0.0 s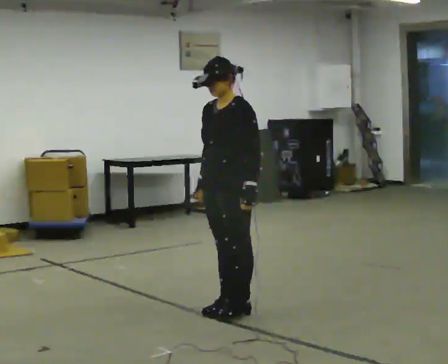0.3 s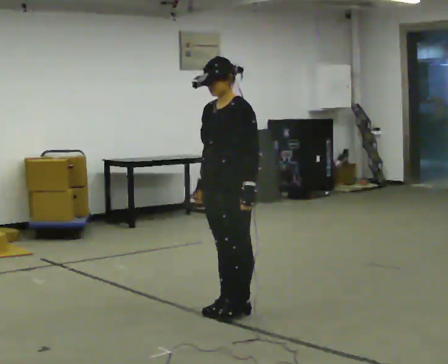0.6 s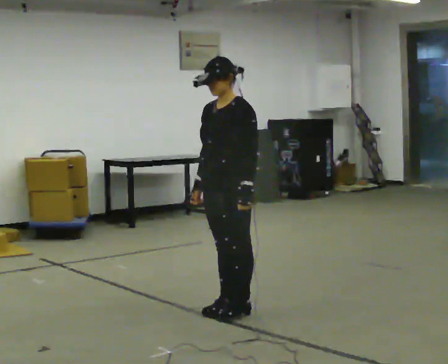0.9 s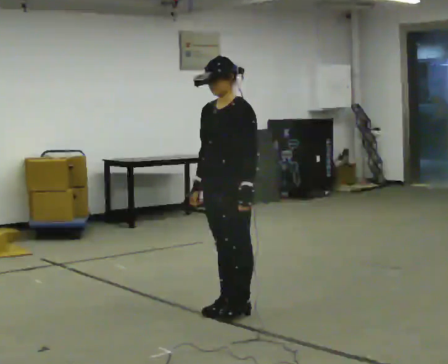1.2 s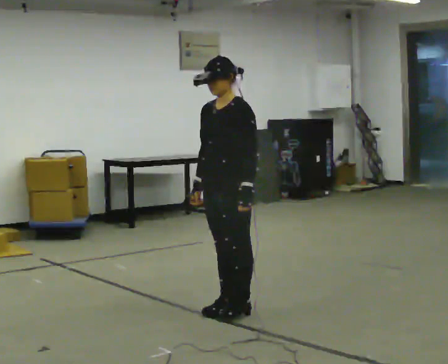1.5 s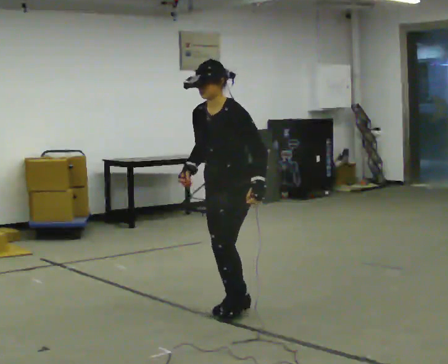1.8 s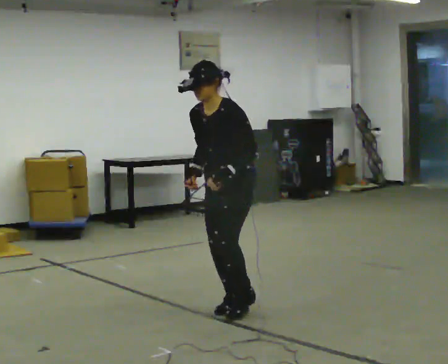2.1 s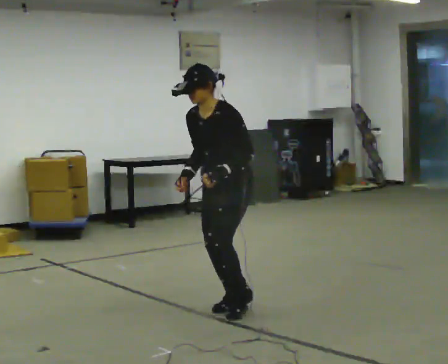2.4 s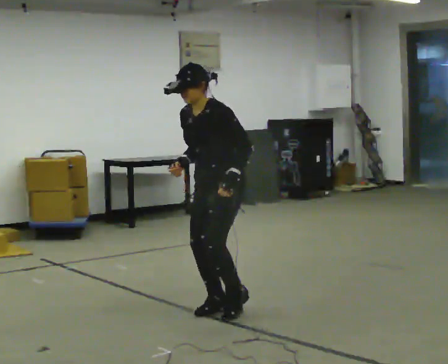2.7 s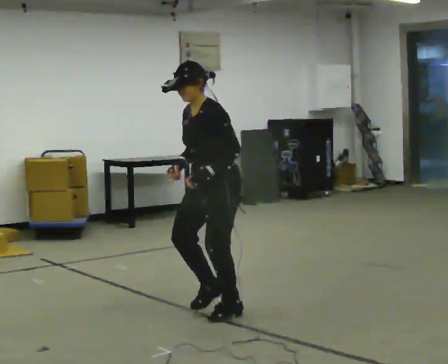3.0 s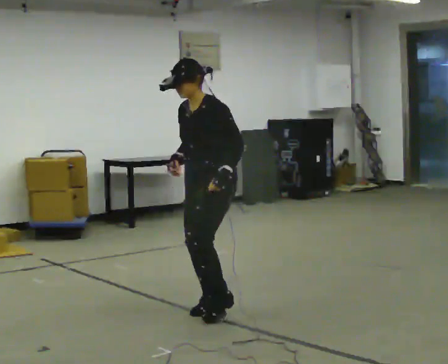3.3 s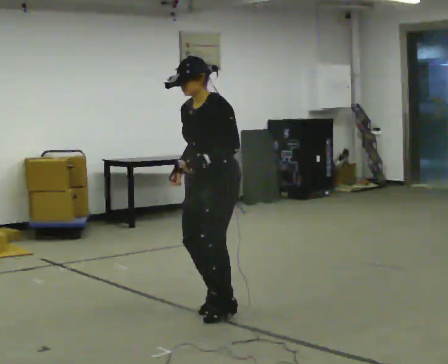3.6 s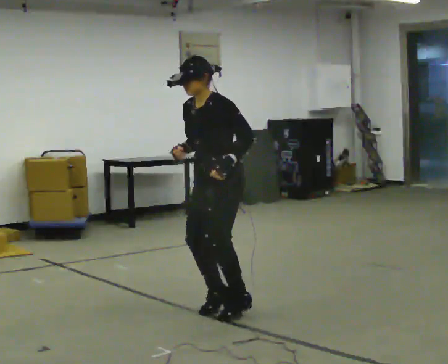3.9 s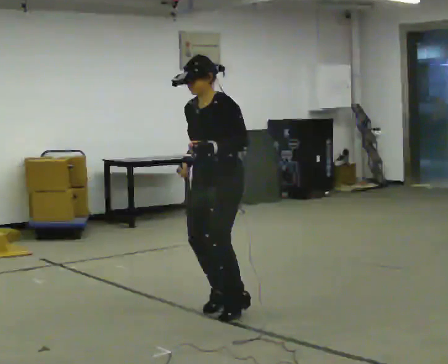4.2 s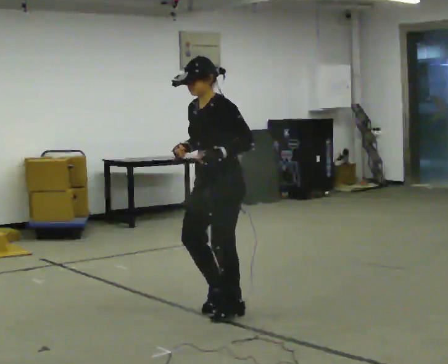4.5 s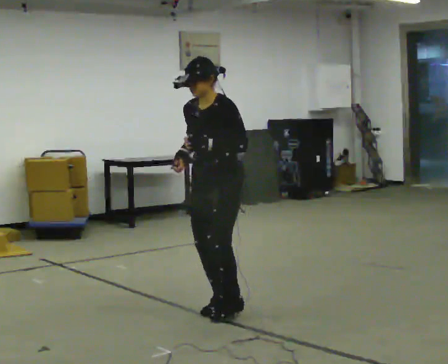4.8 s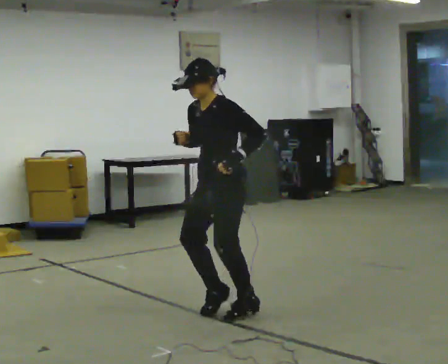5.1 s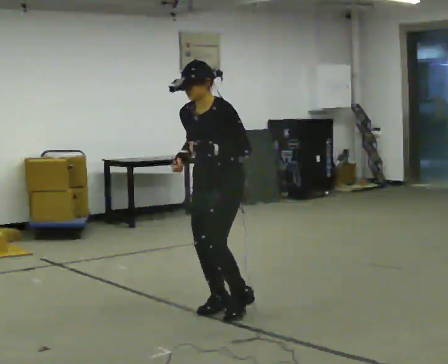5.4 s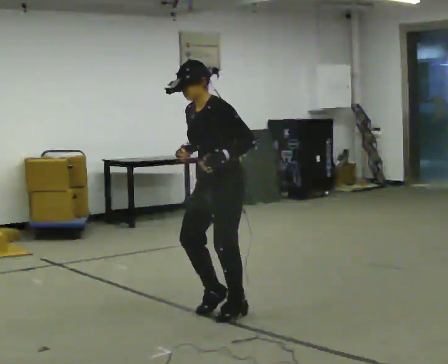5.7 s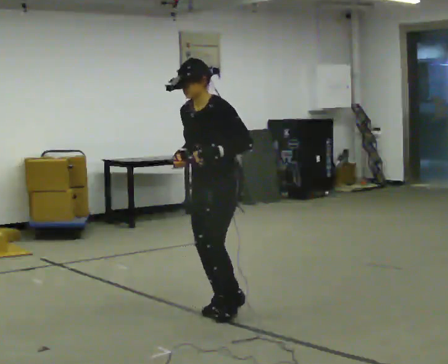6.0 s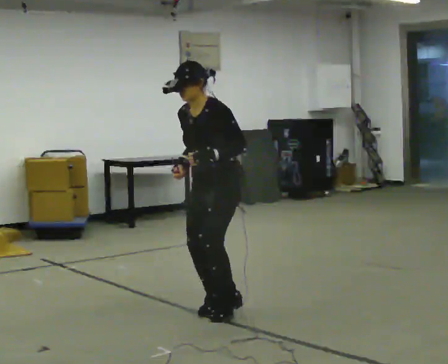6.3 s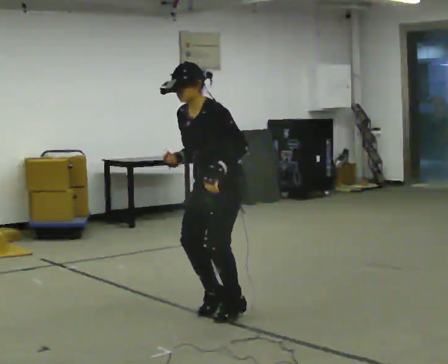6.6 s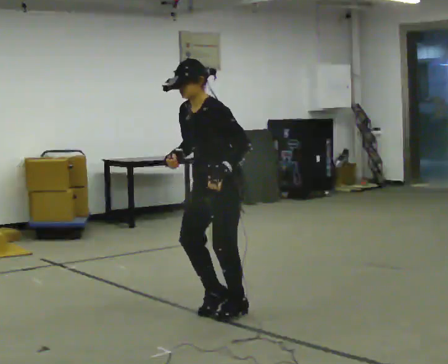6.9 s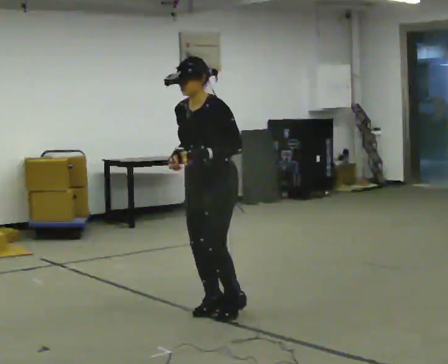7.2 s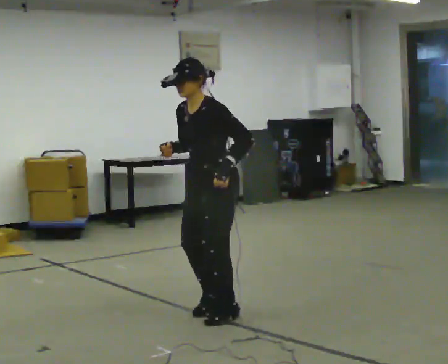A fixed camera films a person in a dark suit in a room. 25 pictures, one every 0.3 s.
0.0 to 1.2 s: The person moves a little, or ends about where they began.
1.2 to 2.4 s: In the picture the upper body tilts counterclockwise, shoulders to the left, as they bend forward.
2.4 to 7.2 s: The person moves a little, or ends about where they began.
The film runs forward here.
